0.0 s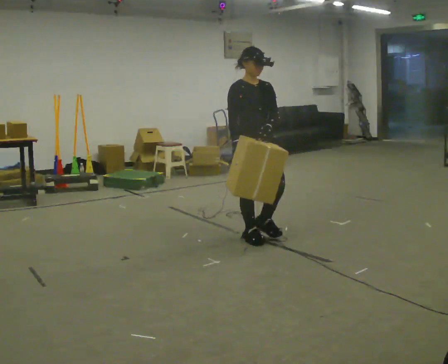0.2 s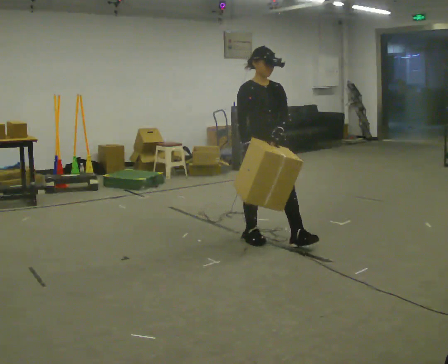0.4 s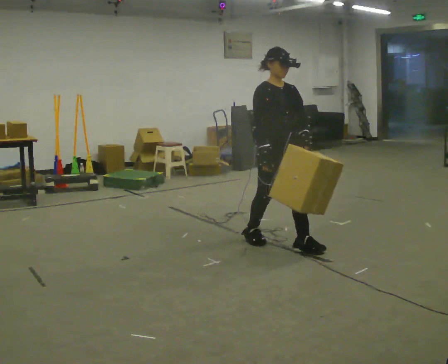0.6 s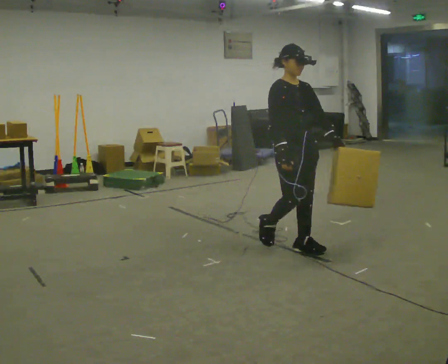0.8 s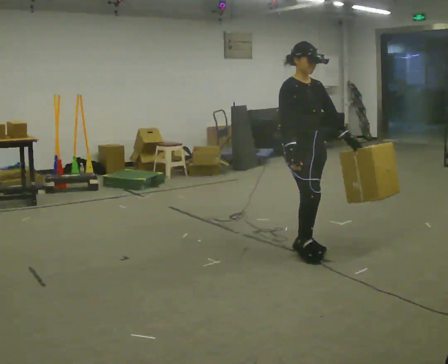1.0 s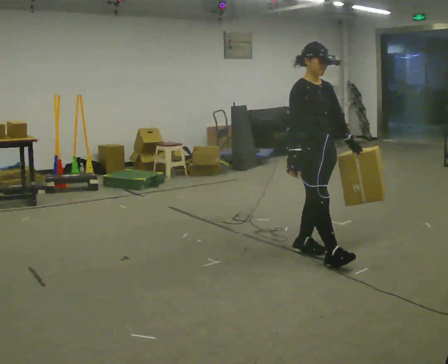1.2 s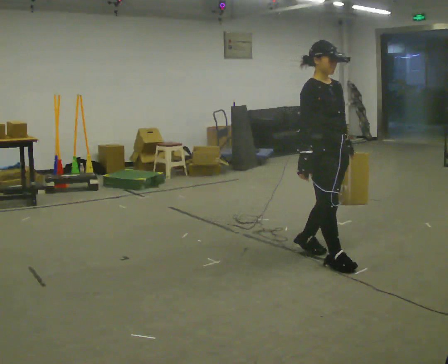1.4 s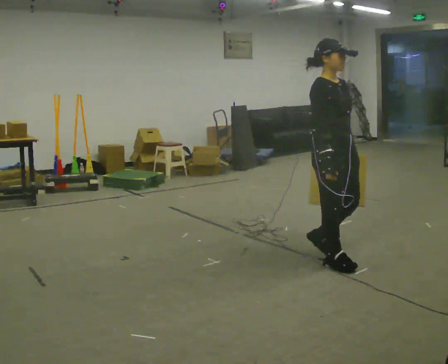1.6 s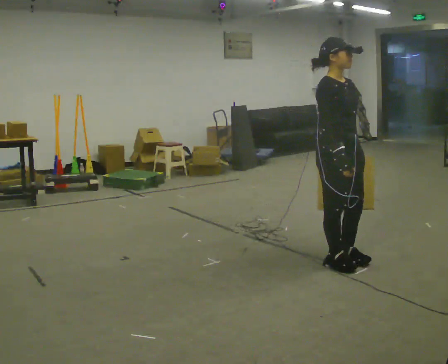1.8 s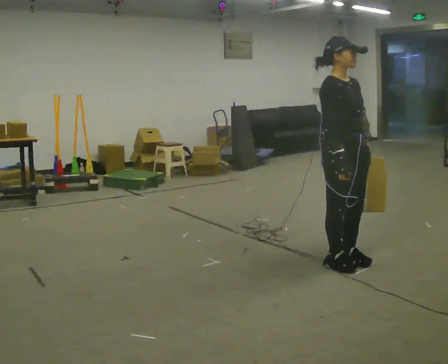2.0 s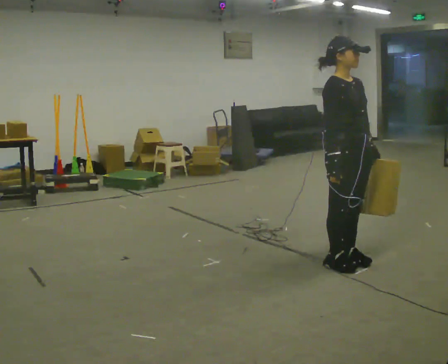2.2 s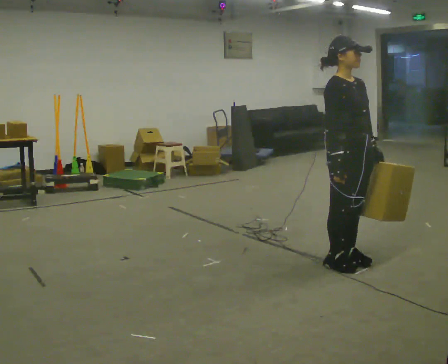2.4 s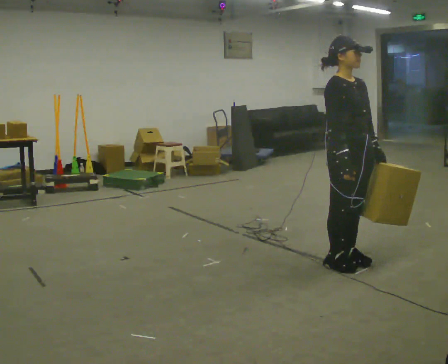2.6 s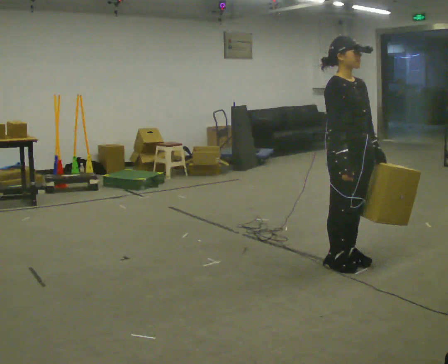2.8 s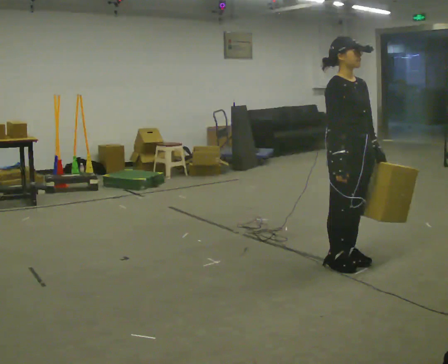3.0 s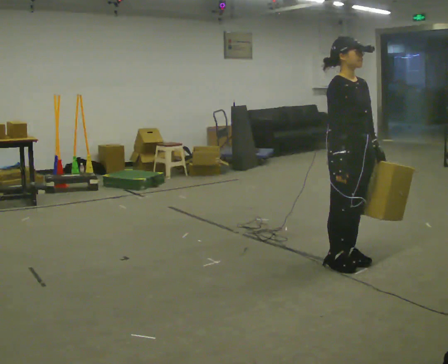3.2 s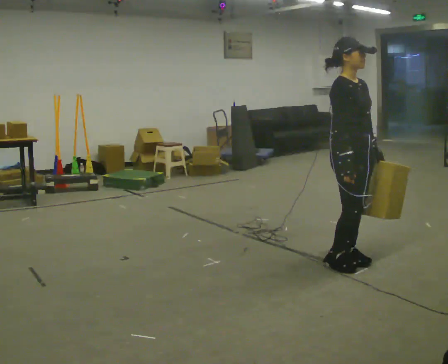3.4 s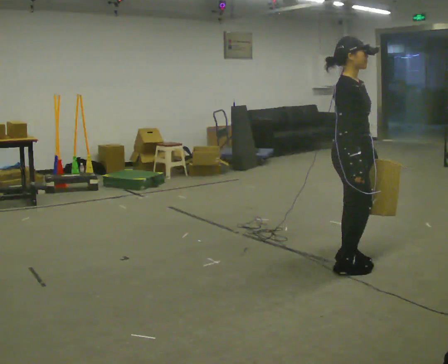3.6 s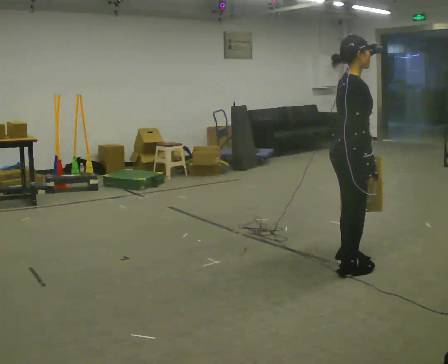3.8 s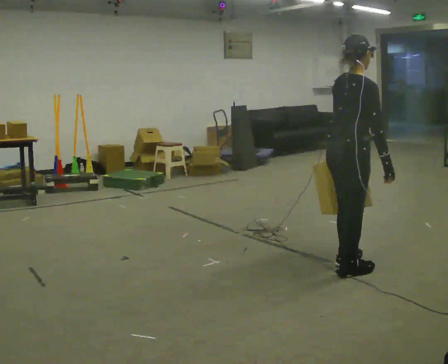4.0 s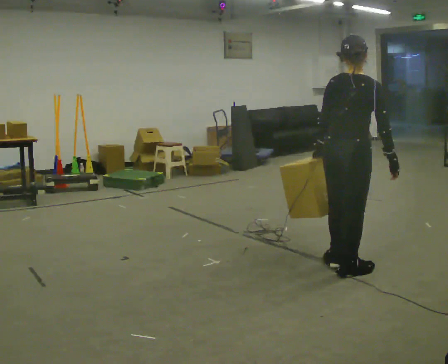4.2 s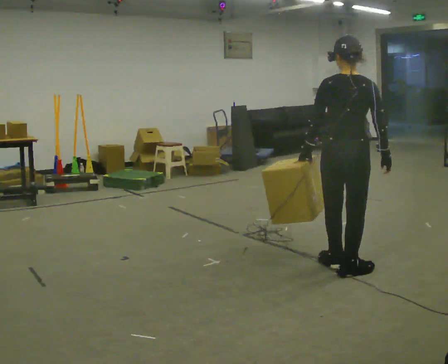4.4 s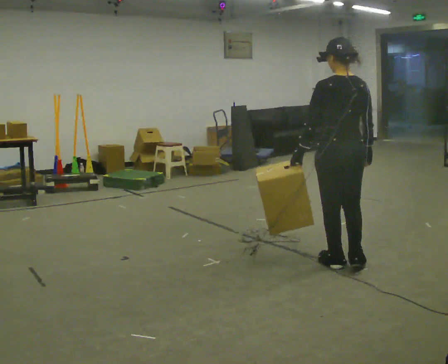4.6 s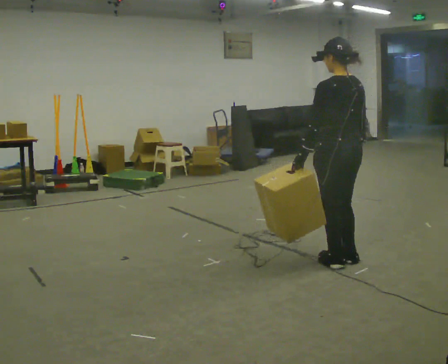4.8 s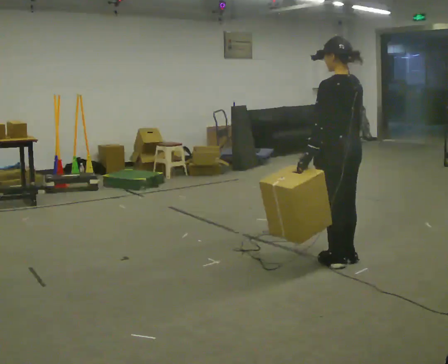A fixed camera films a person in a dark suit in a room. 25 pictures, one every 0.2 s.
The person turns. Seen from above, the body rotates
counterclockwise.
The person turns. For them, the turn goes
to their left.
0.0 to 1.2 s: In the picture they go to the right and toward the camera, about 0.5 m in 2 steps, which for them is forward.
1.2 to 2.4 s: In the picture they go to the right, about 0.25 m in 1 step, which for them is forward.
2.4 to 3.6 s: The person turns about 45 degrees to their left, counterclockwise seen from above, so the part of the body nearest the lens slides to the right.
3.6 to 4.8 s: The person turns about 120 degrees to their left, counterclockwise seen from above, so the part of the body nearest the lens slides to the right. In the picture their left hand goes to the left.
The film runs forward here.
